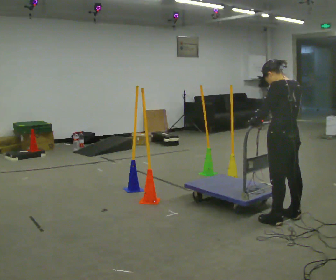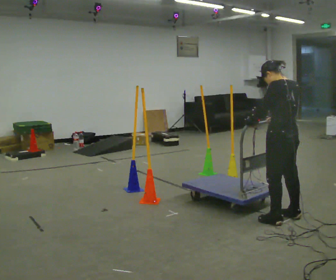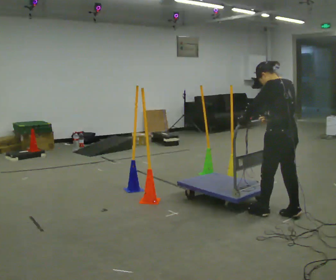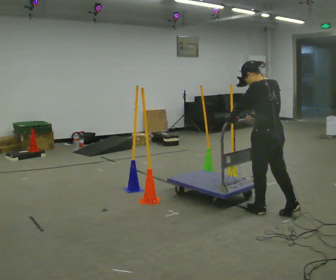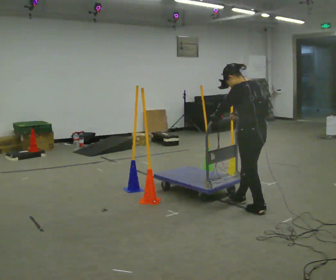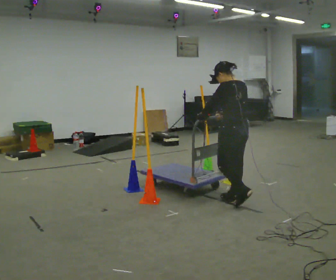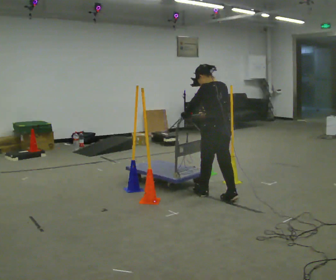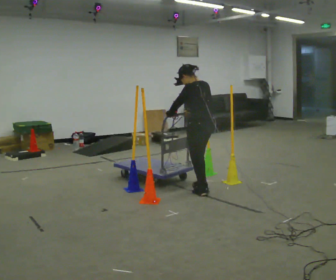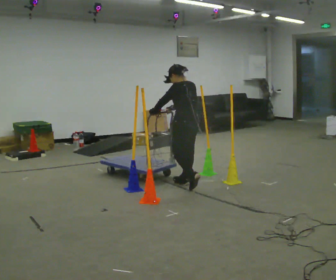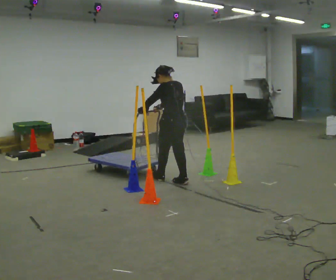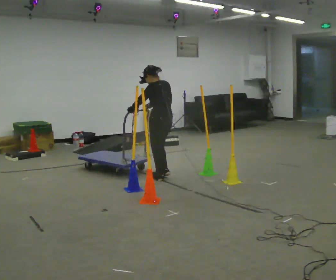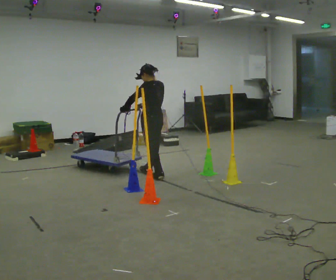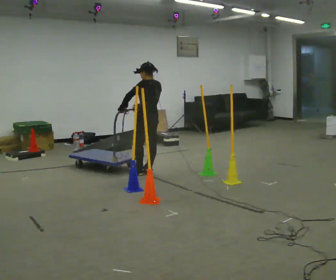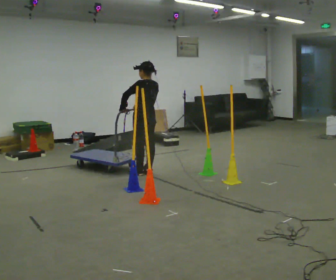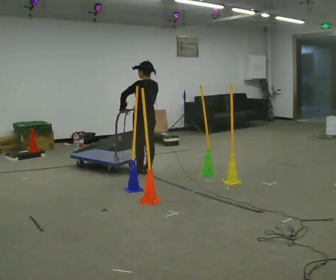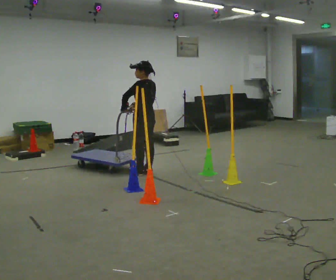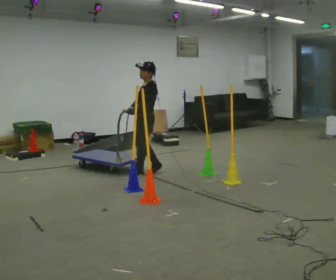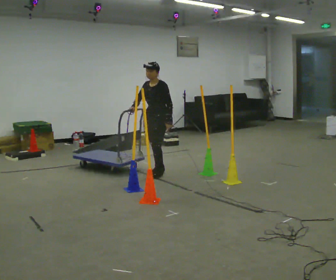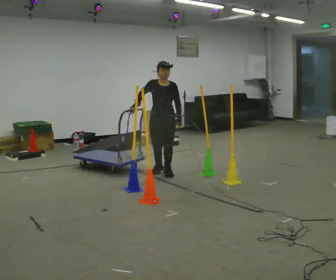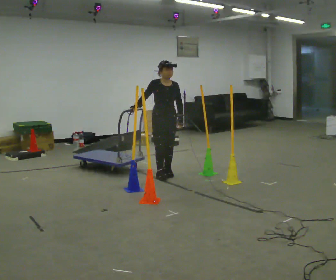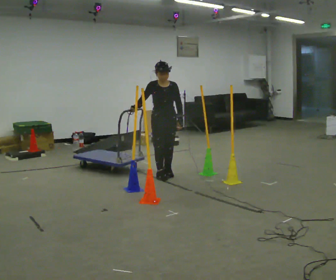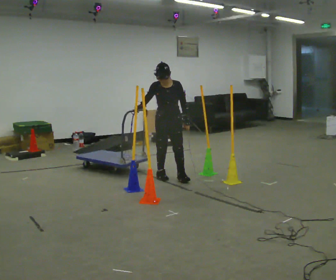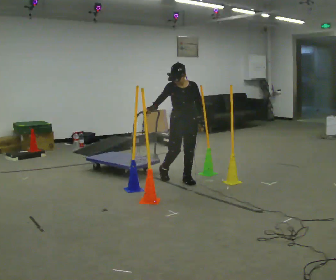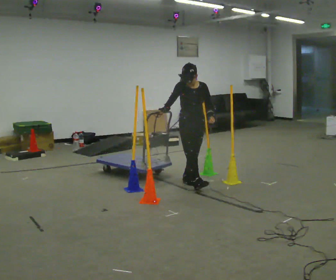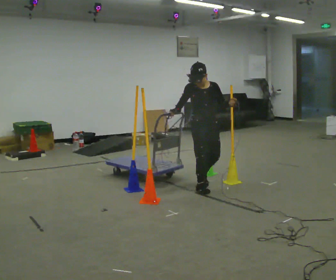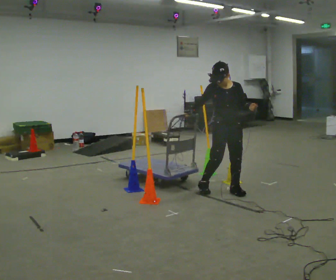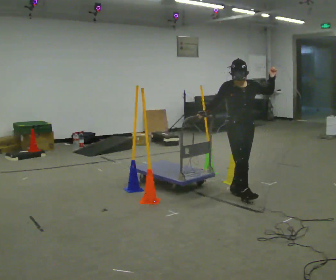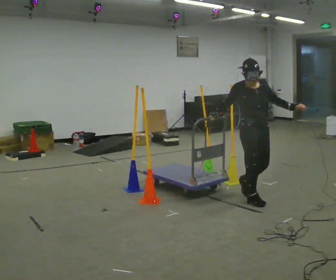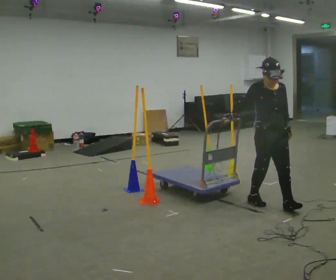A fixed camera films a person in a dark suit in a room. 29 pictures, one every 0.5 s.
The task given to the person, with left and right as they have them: Push the cart in and out of the line of poles without touching any of them. Keep going until the operator says stop.
0.0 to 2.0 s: In the picture they go away from the camera and to the left, about 0.25 m in 1 step, which for them is forward.
2.0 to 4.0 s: In the picture they go away from the camera and to the left, about 1 m in 3 steps, which for them is forward.
4.0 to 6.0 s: In the picture they go away from the camera and to the left, about 1 m in 3 steps, which for them is forward.
6.0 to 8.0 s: The part of the body nearest the lens slides to the right as the person turns to their left by about 45 degrees.
8.0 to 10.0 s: Seen from above the body turns counterclockwise, about 90 degrees: to their left, with its near side sliding to the right. In the picture they go to the right and toward the camera, about 0.25 m in 3 steps.
10.0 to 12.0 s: In the picture they go toward the camera and to the right, about 0.5 m in 2 steps, which for them is forward and to their left.
12.0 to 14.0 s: In the picture they go toward the camera and to the right, about 1 m in 3 steps, which for them is forward.
The film runs forward here.
